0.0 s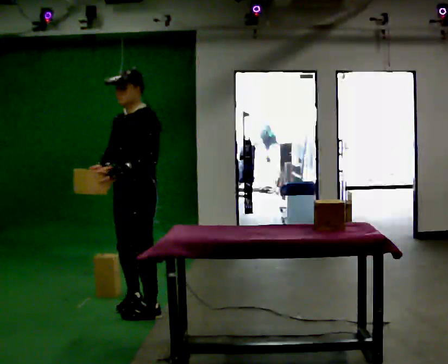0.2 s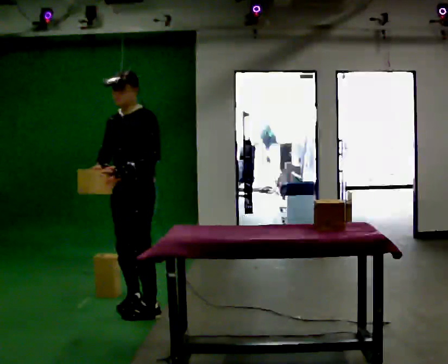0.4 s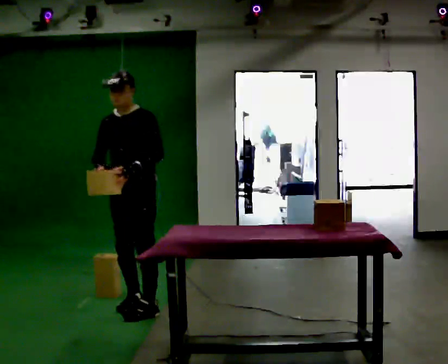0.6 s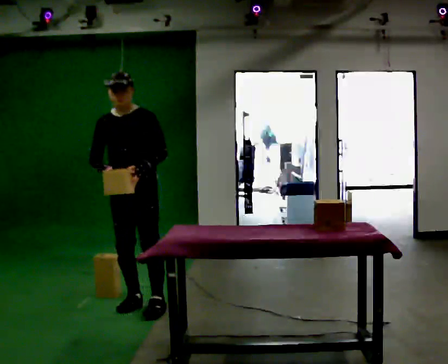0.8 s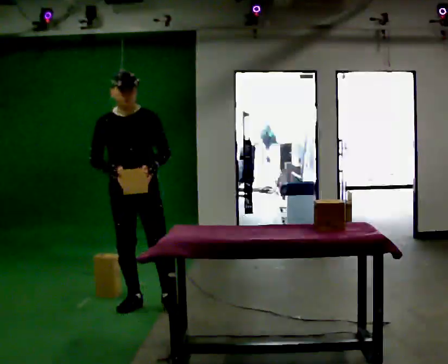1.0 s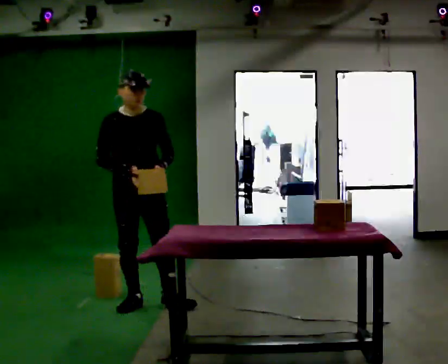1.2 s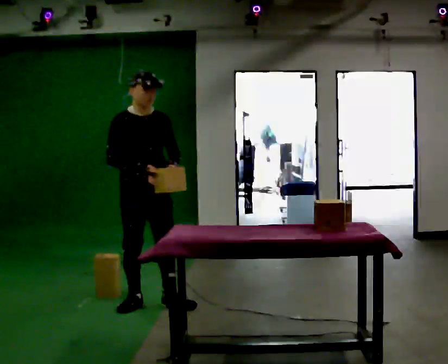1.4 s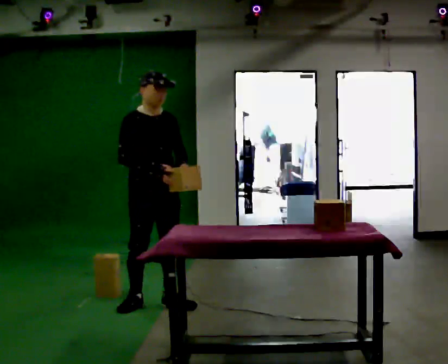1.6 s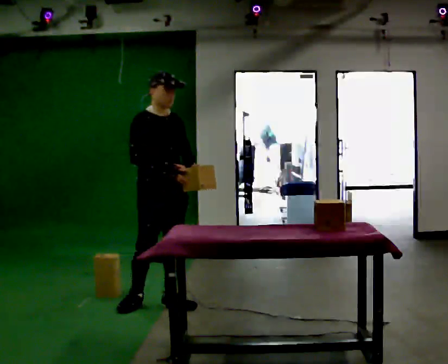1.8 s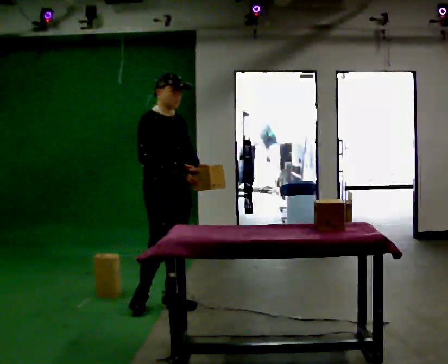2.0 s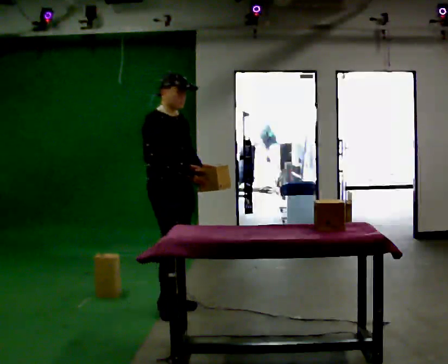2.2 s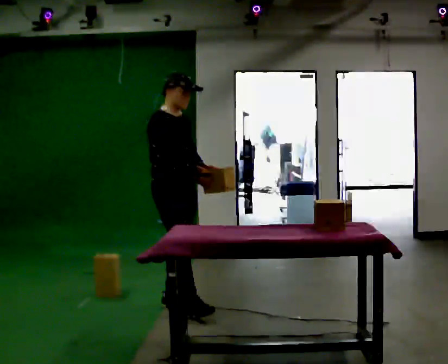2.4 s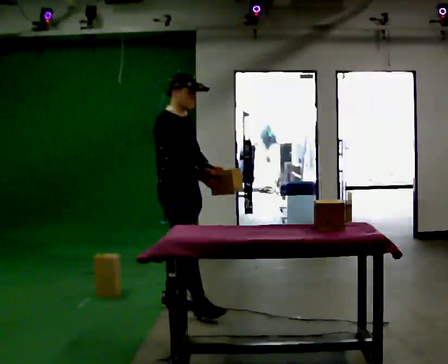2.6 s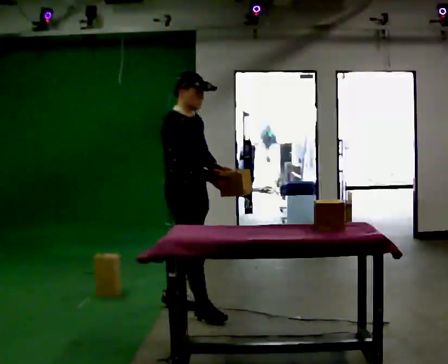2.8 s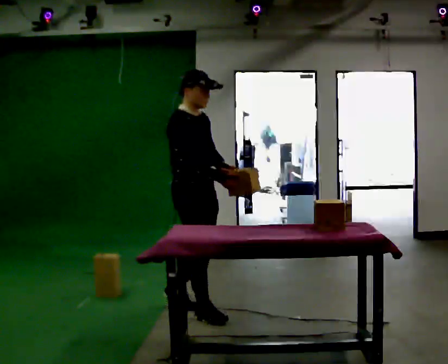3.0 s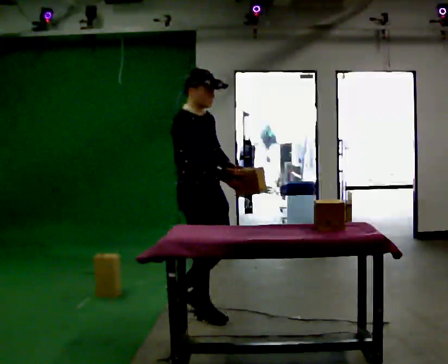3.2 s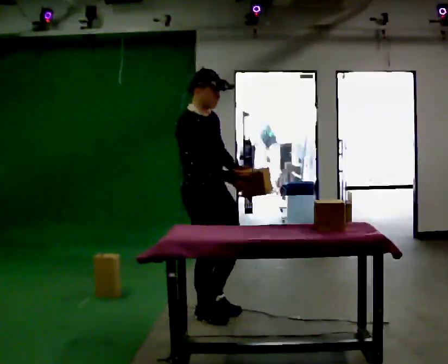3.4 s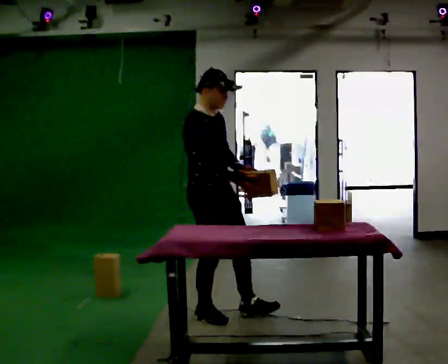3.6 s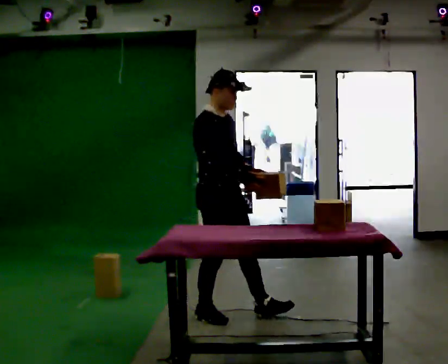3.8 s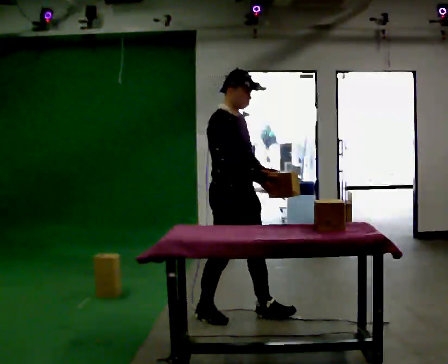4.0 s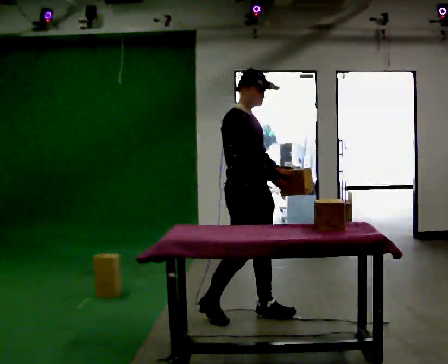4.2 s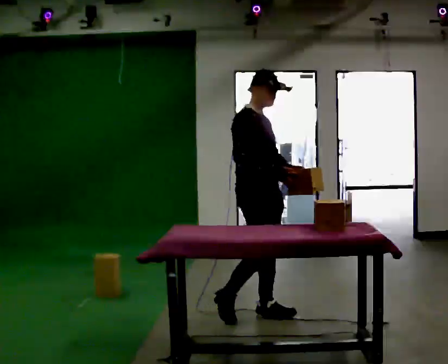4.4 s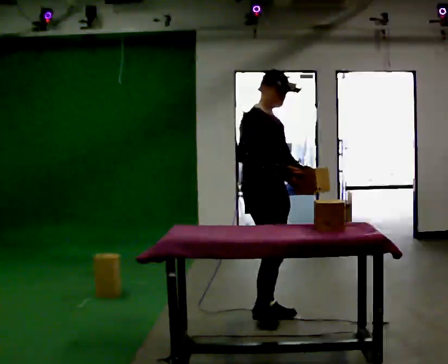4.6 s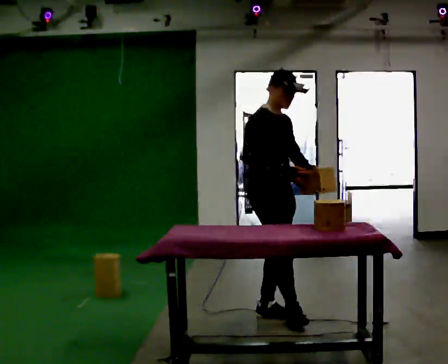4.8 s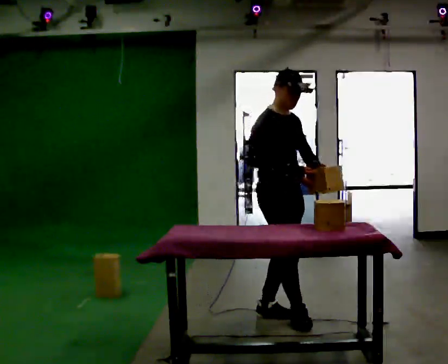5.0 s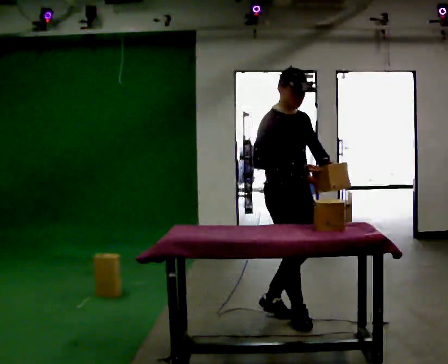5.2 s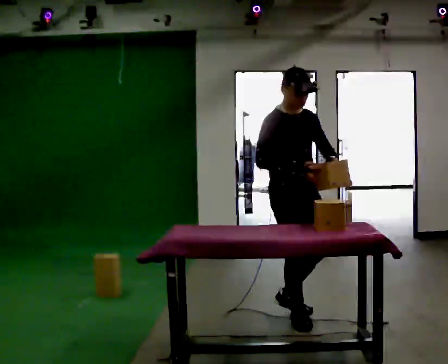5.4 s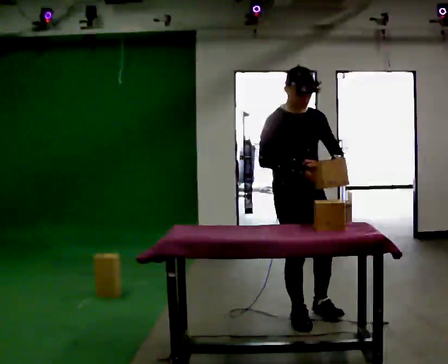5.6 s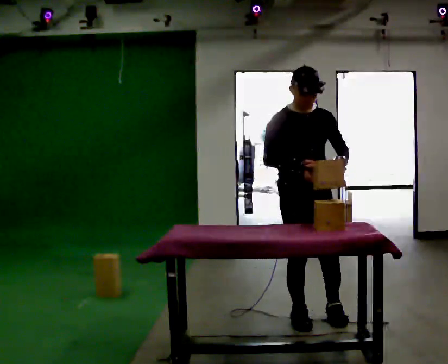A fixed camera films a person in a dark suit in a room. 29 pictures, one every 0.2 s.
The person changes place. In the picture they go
to the right.
0.0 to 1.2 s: Seen from above the body turns counterclockwise, about 75 degrees: to their left, with its near side sliding to the right. In the picture their left hand goes to the right, the arm swinging counterclockwise.
1.2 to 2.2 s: Seen from above the body turns counterclockwise, about 30 degrees: to their left, with its near side sliding to the right. In the picture they go to the right, about 0.25 m, which for them is forward and to their left.
2.2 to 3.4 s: In the picture they go toward the camera and to the right, about 0.5 m in 1 step, which for them is forward.
3.4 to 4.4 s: In the picture they go to the right, about 0.25 m in 1 step, which for them is forward and to their left.
4.4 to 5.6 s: The person turns about 45 degrees to their right, clockwise seen from above, so the part of the body nearest the lens slides to the left. In the picture they go to the right, about 0.25 m in 2 steps, which for them is forward and to their left.
The film runs forward here.
